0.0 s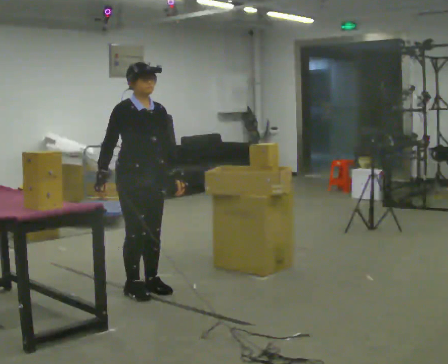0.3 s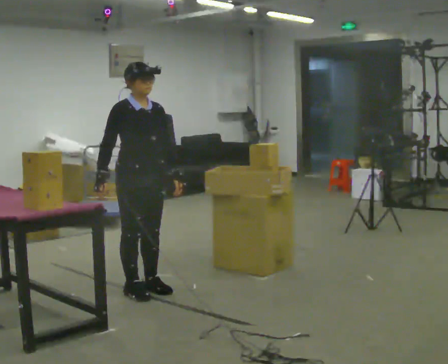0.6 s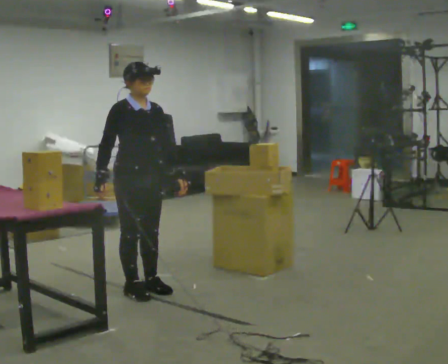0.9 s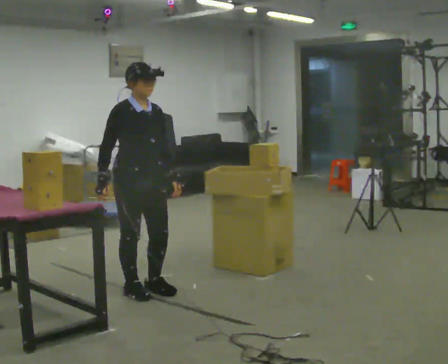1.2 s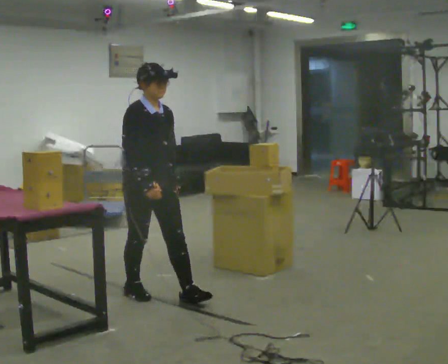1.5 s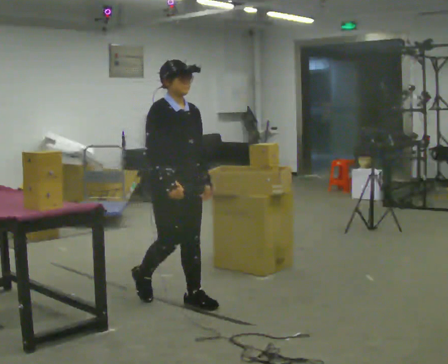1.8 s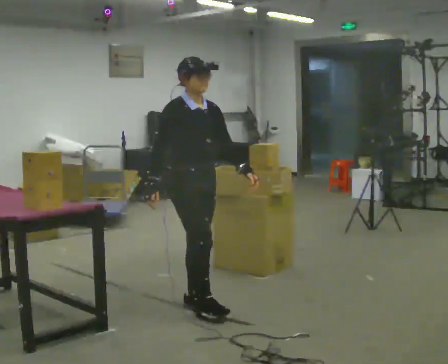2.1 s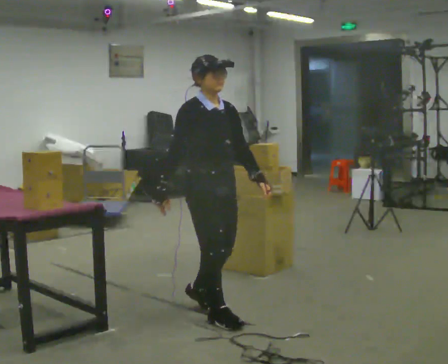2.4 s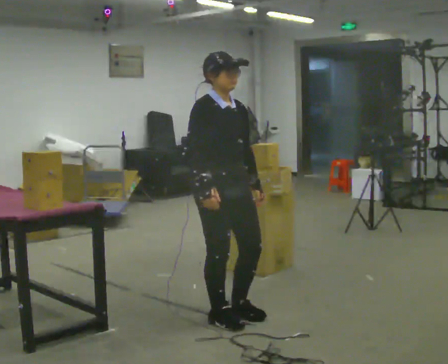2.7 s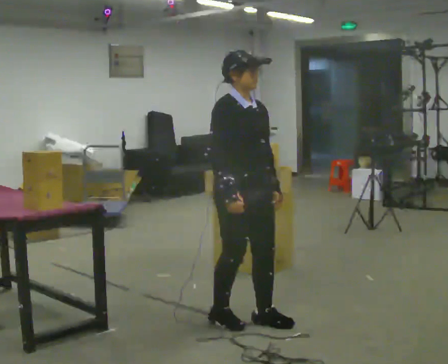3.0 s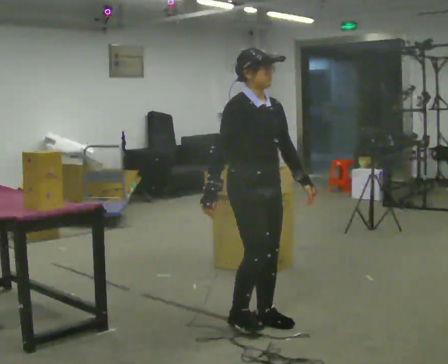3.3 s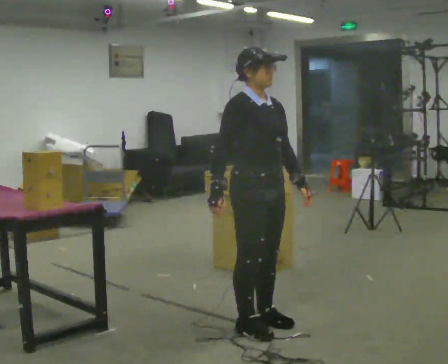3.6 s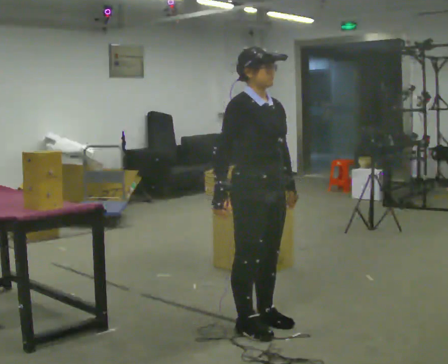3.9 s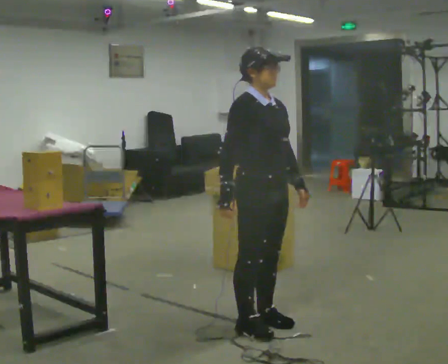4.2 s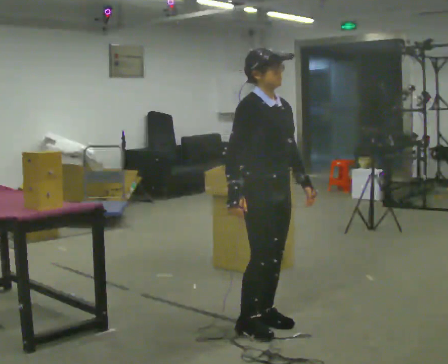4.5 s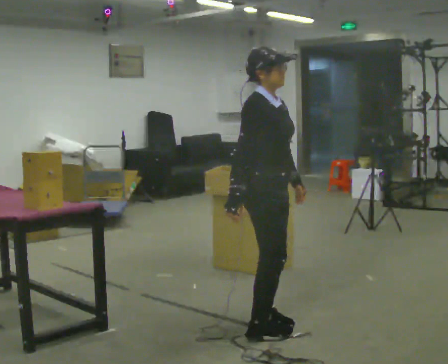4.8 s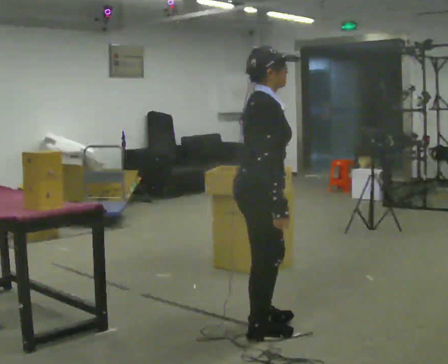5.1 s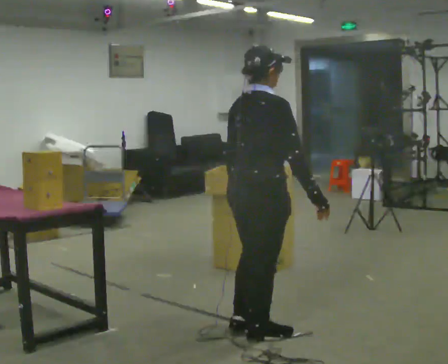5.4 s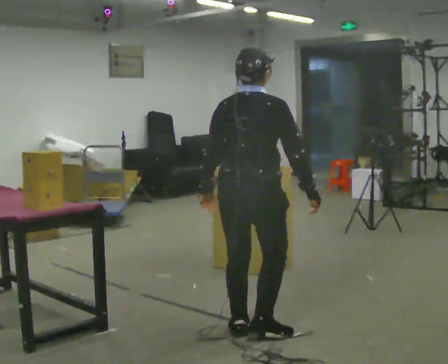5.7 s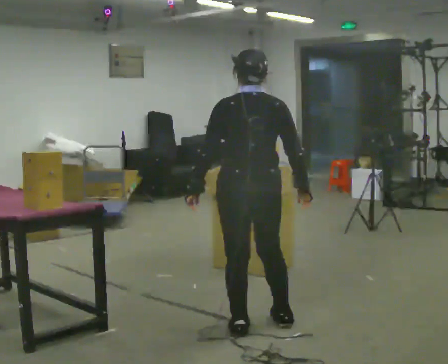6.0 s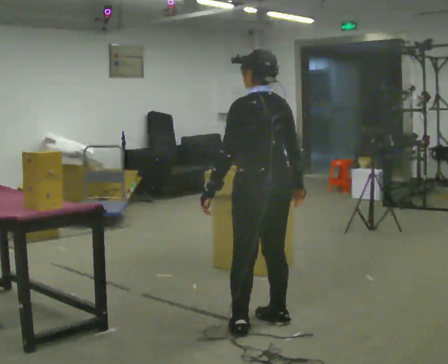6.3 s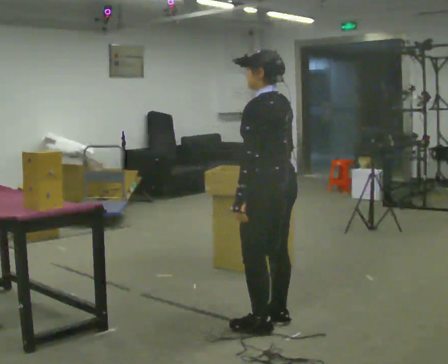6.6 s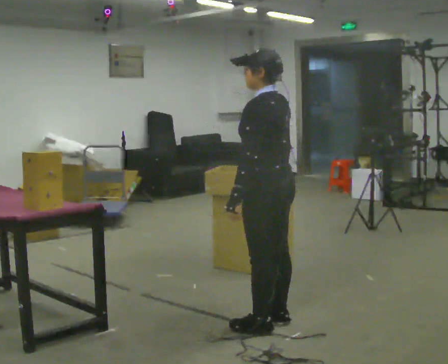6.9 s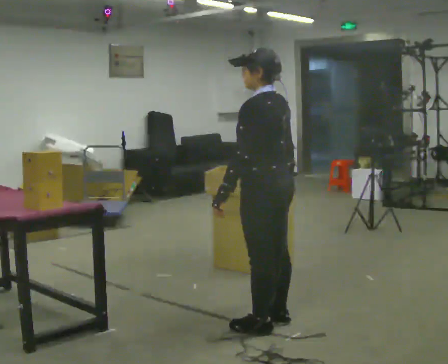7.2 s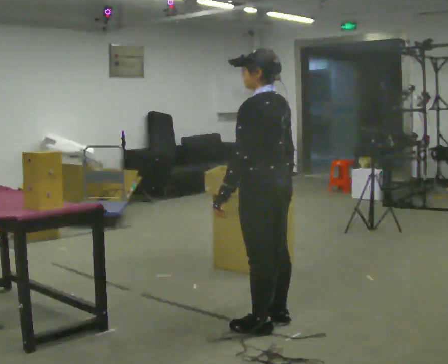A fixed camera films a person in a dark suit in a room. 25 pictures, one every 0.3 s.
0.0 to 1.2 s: In the picture they go toward the camera, about 0.25 m, which for them is forward.
1.2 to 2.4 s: In the picture they go toward the camera and to the right, about 0.75 m in 2 steps, which for them is forward.
2.4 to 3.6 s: In the picture they go to the right and toward the camera, about 0.25 m in 2 steps, which for them is forward.
3.6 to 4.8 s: Seen from above the body turns counterclockwise, about 45 degrees: to their left, with its near side sliding to the right.
4.8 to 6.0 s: The part of the body nearest the lens slides to the right as the person turns to their left by about 120 degrees.
6.0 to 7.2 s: The person moves a little, or ends about where they began.
The film runs forward here.
